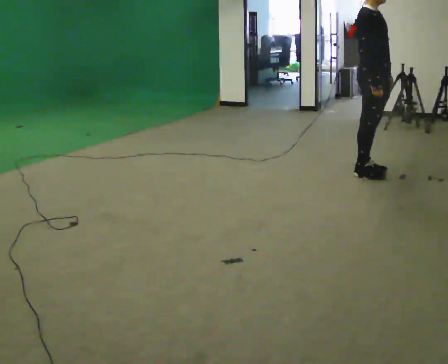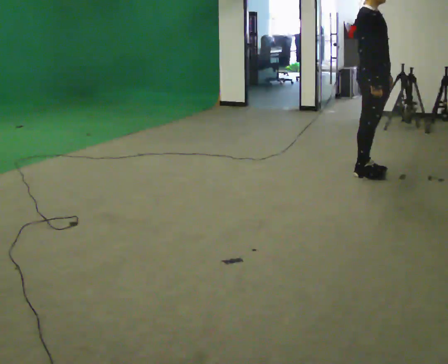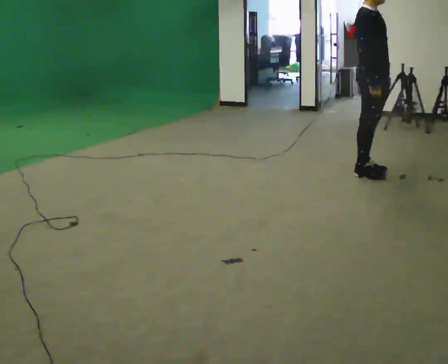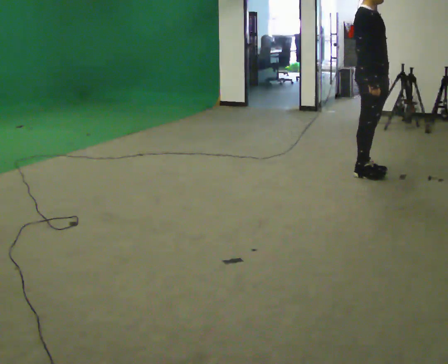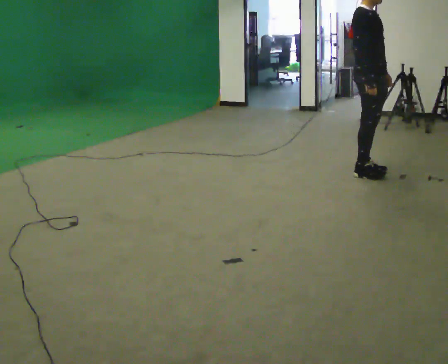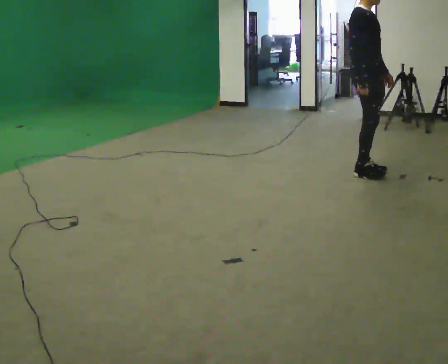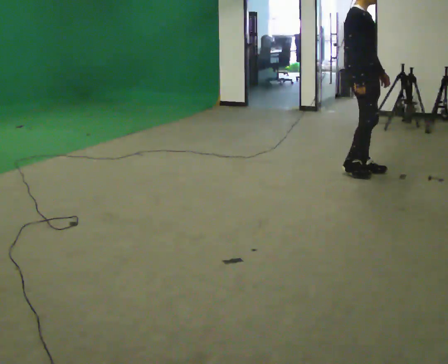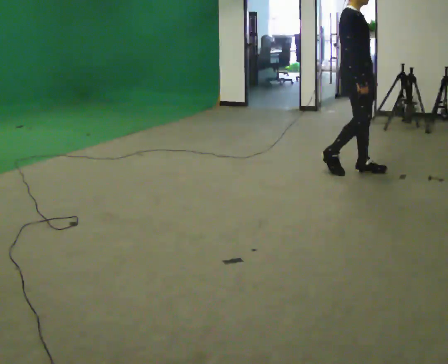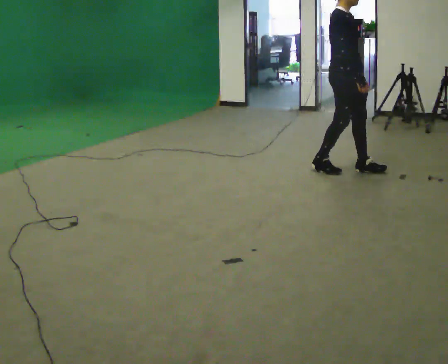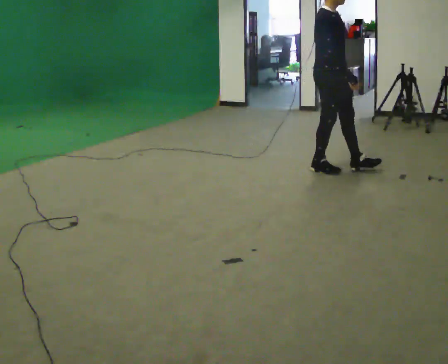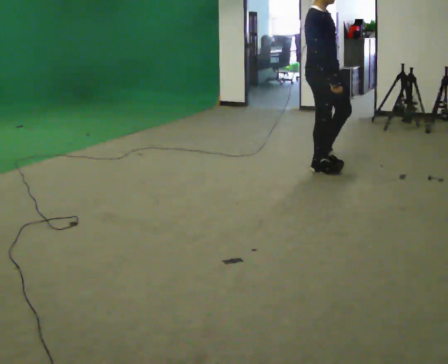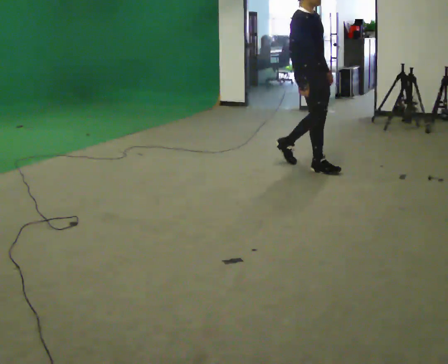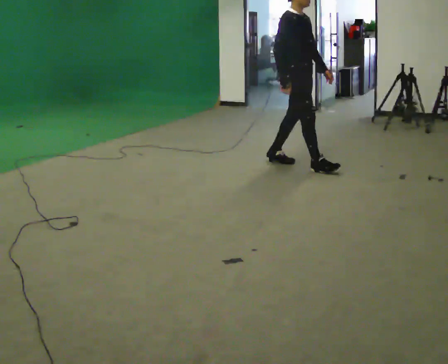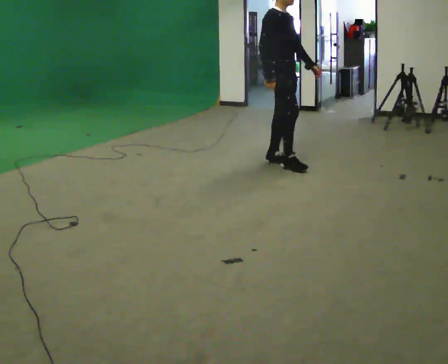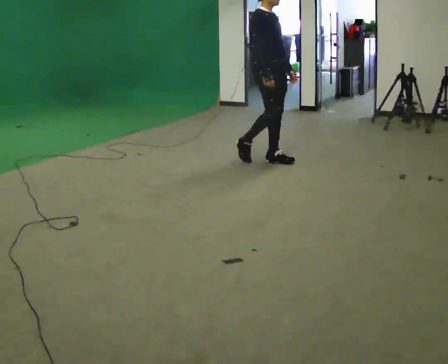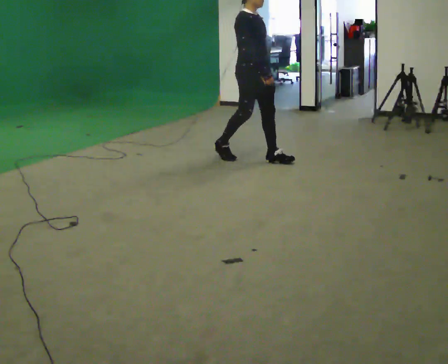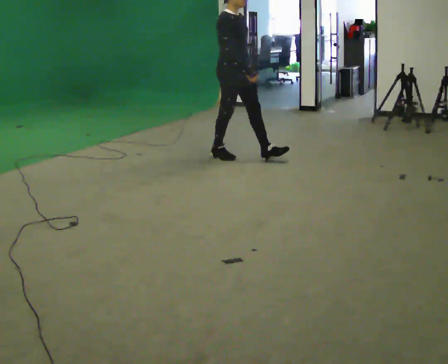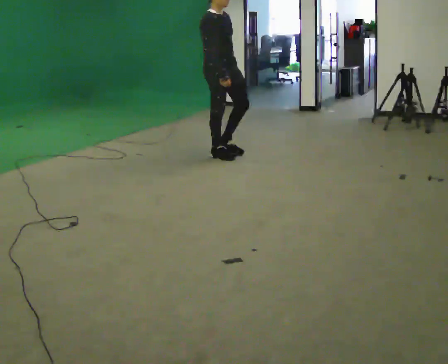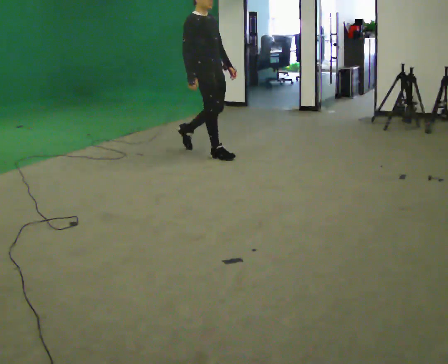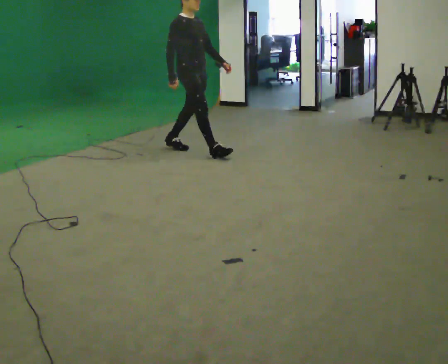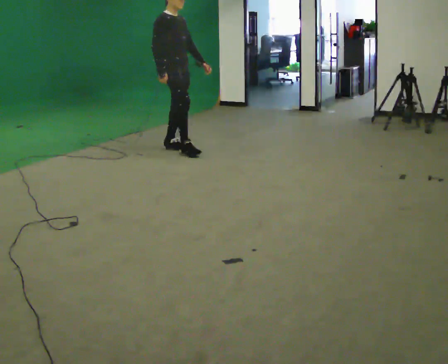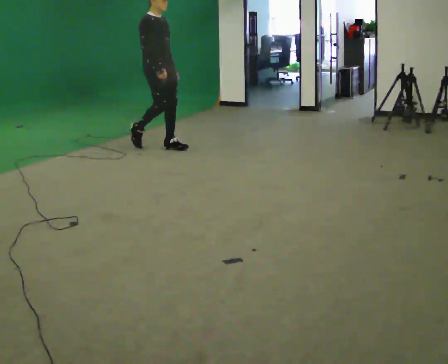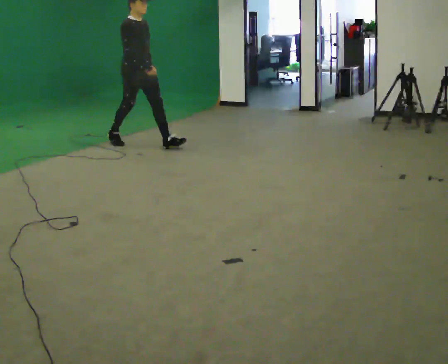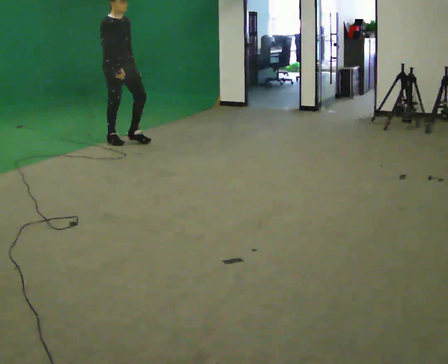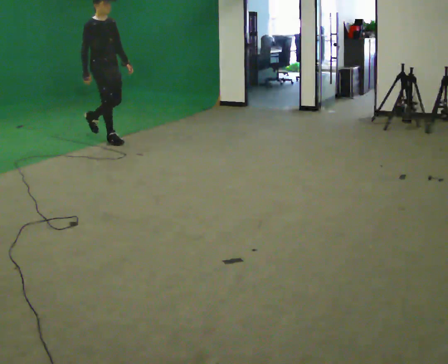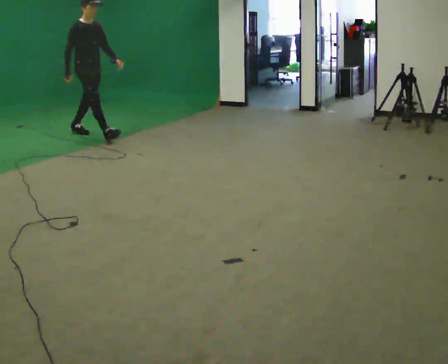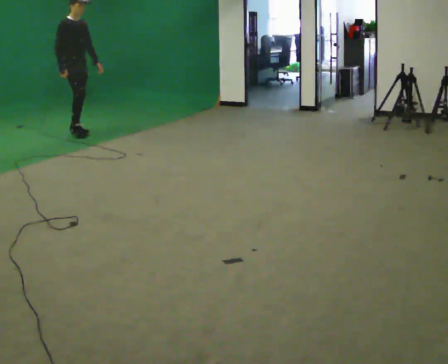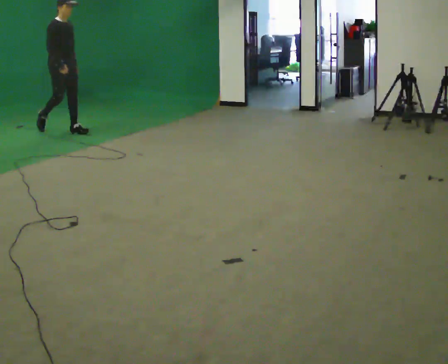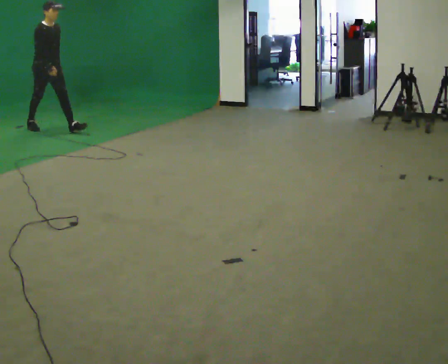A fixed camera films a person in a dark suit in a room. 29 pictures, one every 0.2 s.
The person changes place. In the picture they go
to the left.
0.0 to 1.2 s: The person moves a little, or ends about where they began.
1.2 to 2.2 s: In the picture they go to the left, about 0.5 m in 1 step, which for them is backward.
2.2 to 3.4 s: In the picture they go to the left and away from the camera, about 1 m in 2 steps, which for them is backward.
3.4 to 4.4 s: In the picture they go to the left and away from the camera, about 1 m in 2 steps, which for them is backward.
4.4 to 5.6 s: In the picture they go to the left and away from the camera, about 1.5 m in 2 steps, which for them is backward.
The film runs backward here.
